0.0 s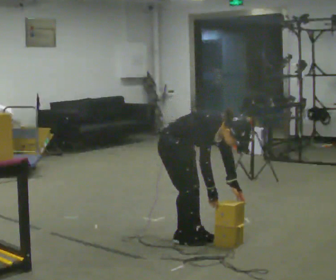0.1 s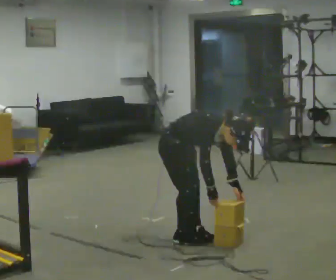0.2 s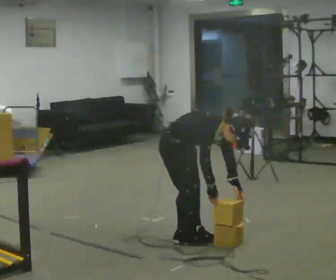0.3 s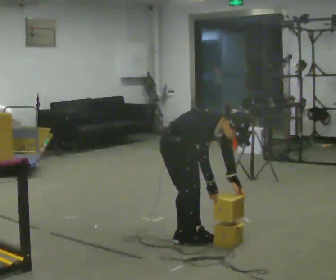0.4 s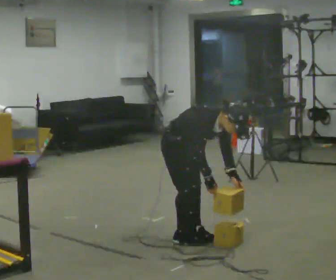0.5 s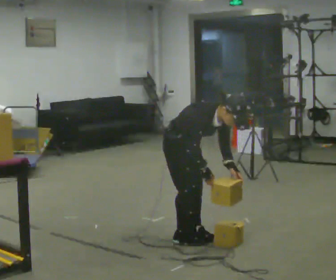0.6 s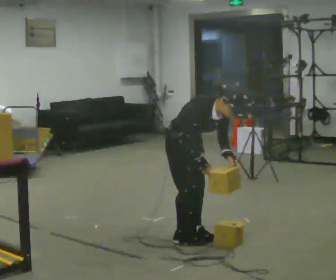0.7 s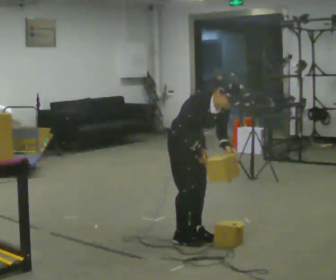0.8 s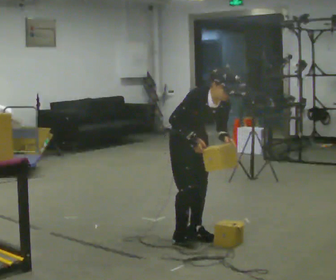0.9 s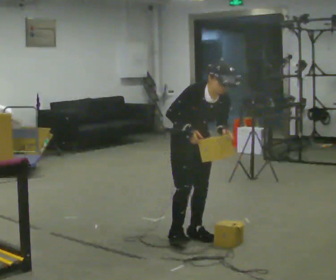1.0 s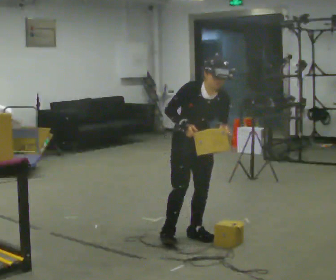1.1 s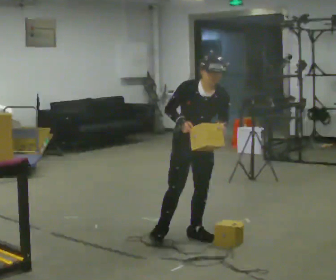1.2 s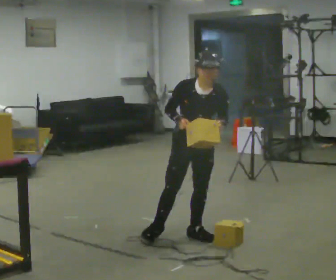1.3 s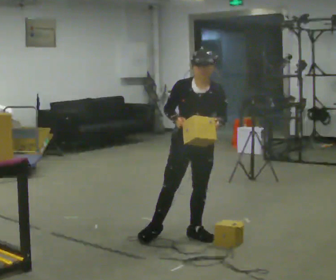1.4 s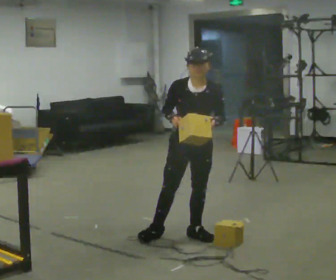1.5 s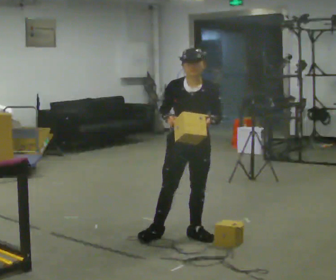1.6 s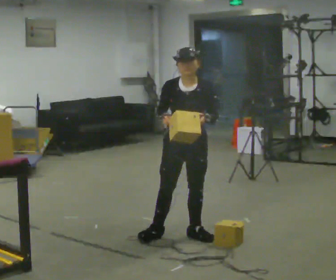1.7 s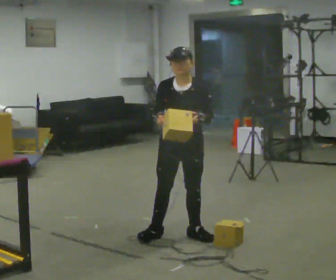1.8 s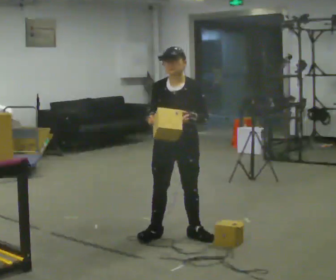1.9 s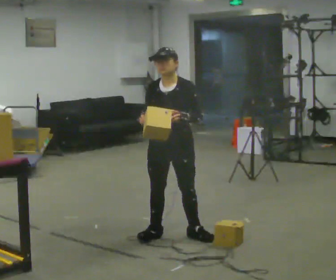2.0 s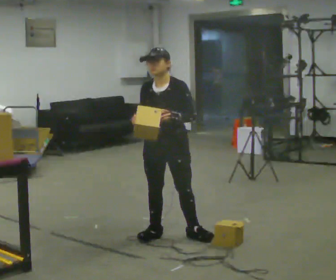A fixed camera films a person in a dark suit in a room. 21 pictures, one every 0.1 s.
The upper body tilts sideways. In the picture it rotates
counterclockwise.
The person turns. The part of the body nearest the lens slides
to the left.
0.0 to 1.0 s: The part of the body nearest the lens slides to the left as the person turns to their right by about 45 degrees. The upper body goes upward. In the picture the upper body tilts counterclockwise, shoulders to the left, as they lean back or straighten. In the picture their right hand goes upward.
1.0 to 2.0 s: The part of the body nearest the lens slides to the left as the person turns to their right by about 45 degrees. In the picture they go to the left, about 0.25 m in 1 step, which for them is to their right. In the picture the upper body tilts counterclockwise, shoulders to the left, as they lean back or straighten. In the picture their left hand goes to the left.
The film runs forward here.
